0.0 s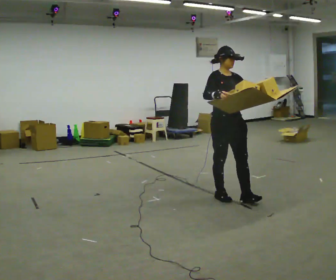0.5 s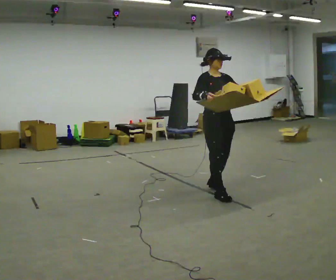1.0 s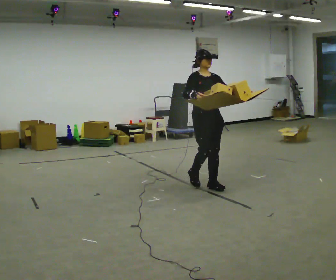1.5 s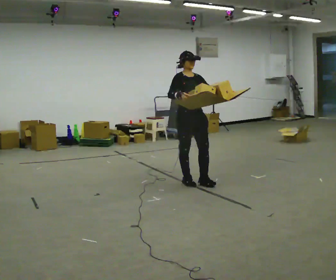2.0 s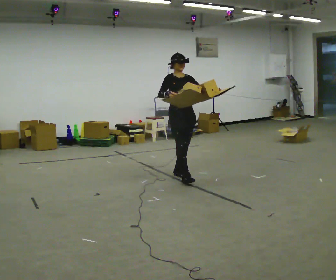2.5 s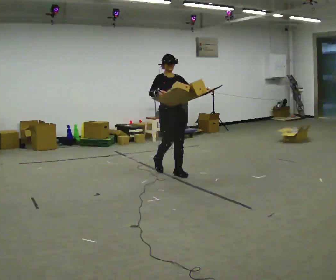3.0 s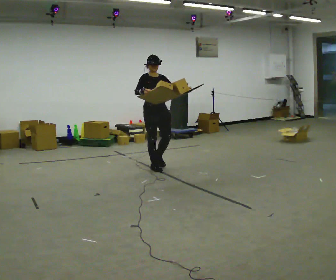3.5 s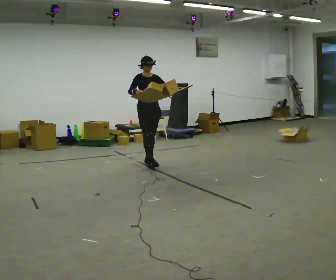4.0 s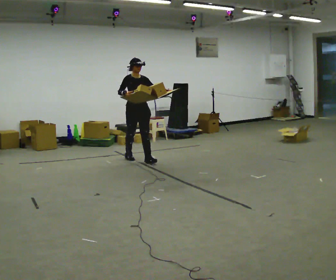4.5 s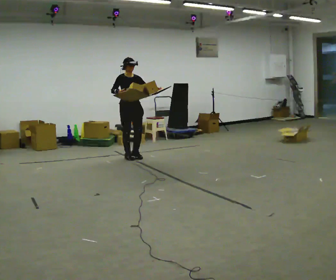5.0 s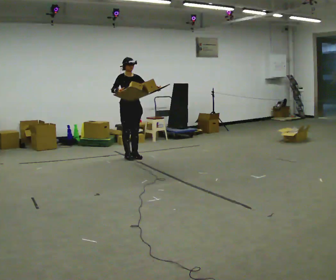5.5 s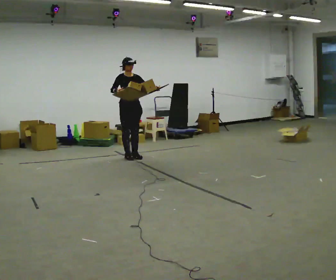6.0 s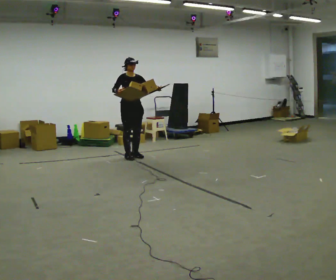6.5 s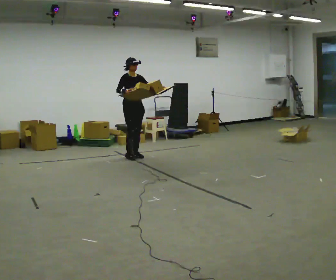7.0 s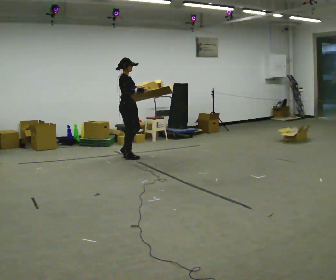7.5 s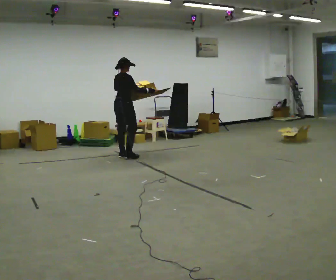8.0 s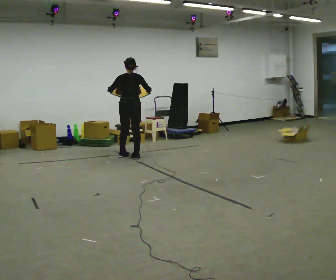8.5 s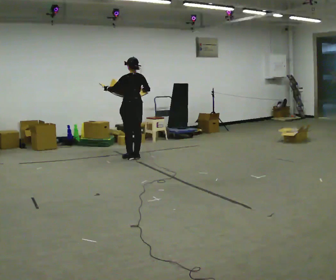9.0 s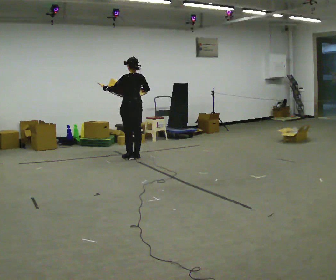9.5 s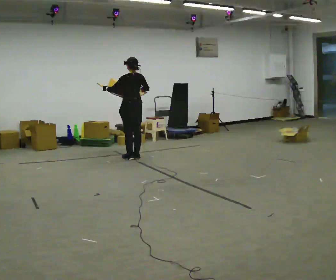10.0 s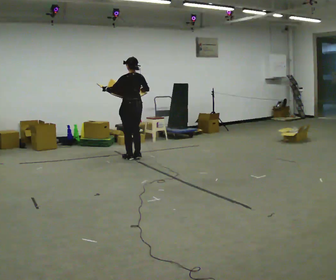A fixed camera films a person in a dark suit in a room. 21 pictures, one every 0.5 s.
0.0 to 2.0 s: In the picture they go away from the camera, about 1 m in 3 steps, which for them is backward.
2.0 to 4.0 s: In the picture they go away from the camera and to the left, about 1 m in 3 steps, which for them is backward.
4.0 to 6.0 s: In the picture they go away from the camera, about 0.25 m in 1 step, which for them is backward.
6.0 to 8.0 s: Seen from above the body turns counterclockwise, about 150 degrees: to their left, with its near side sliding to the right. In the picture their left hand goes to the left.
8.0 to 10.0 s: The person turns about 30 degrees to their left, counterclockwise seen from above, so the part of the body nearest the lens slides to the right.
The film runs backward here.
